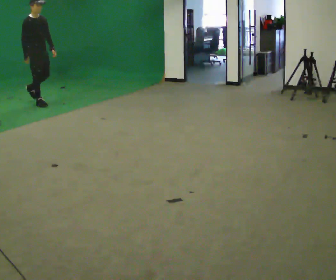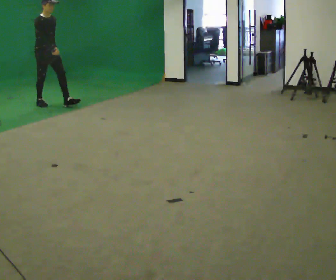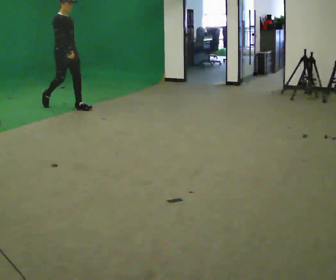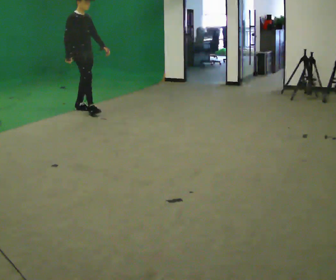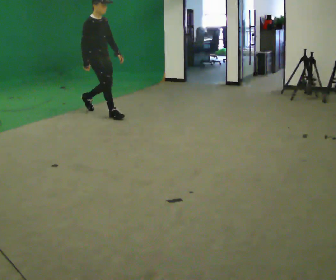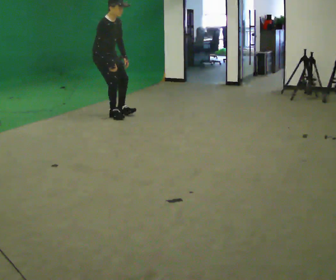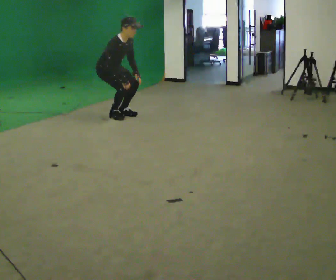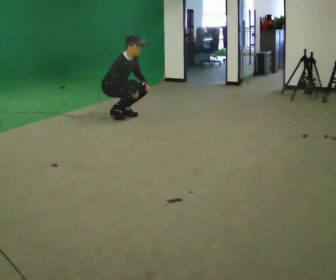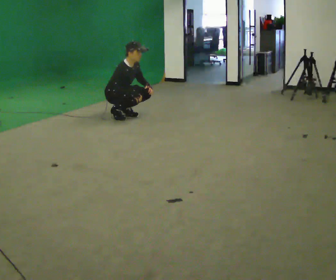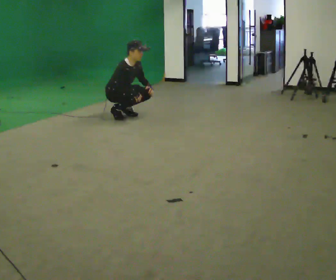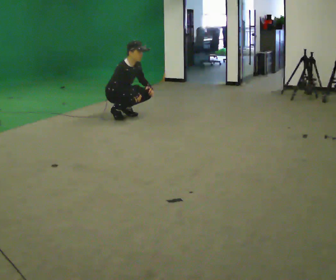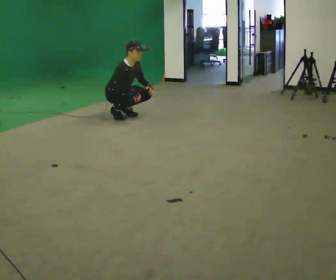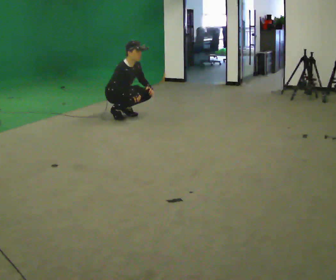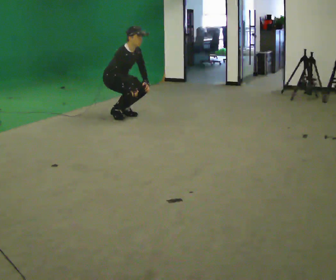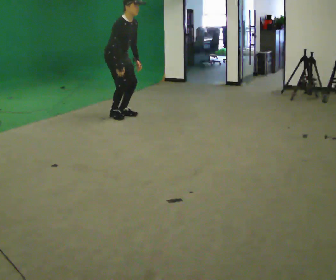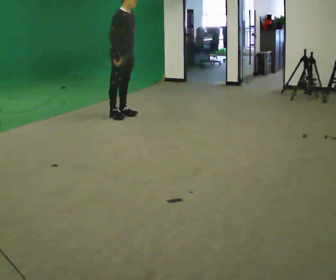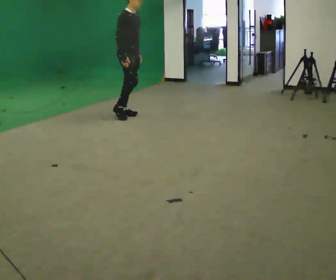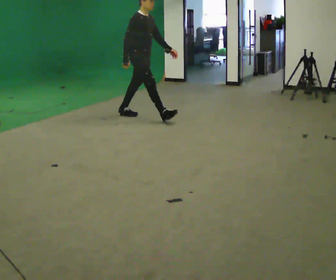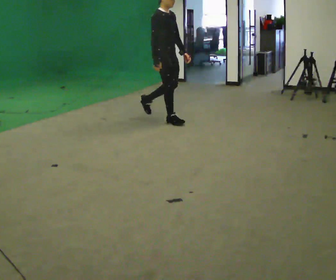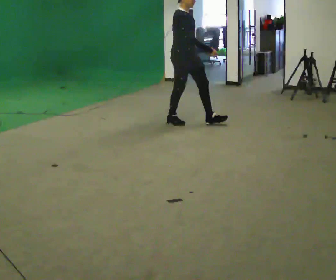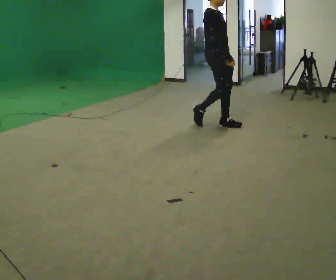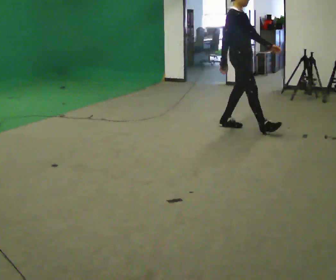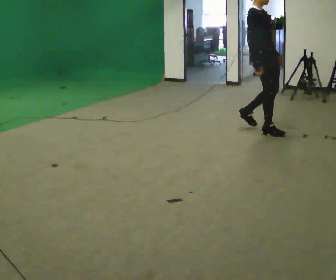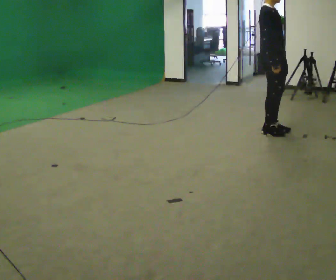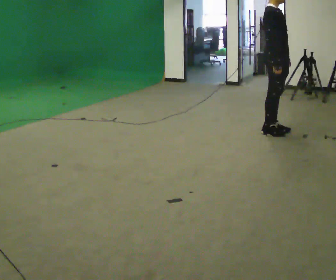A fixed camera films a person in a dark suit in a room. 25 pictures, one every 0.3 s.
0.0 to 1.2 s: In the picture they go to the right and toward the camera, about 1.5 m in 2 steps, which for them is forward.
1.2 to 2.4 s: In the picture they go to the right, about 0.25 m in 1 step, which for them is forward. The upper body goes downward. In the picture the upper body tilts clockwise, shoulders to the right, as they bend forward. In the picture their right hand goes downward.
2.4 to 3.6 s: The person keeps their place and pose.
3.6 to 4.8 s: In the picture they go to the right, about 0.25 m, which for them is forward. The upper body goes upward. In the picture their left hand goes upward.
4.8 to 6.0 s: In the picture they go to the right and toward the camera, about 1.5 m in 2 steps, which for them is forward.
6.0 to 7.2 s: In the picture they go to the right and toward the camera, about 0.5 m in 2 steps, which for them is forward.
The film runs forward here.
